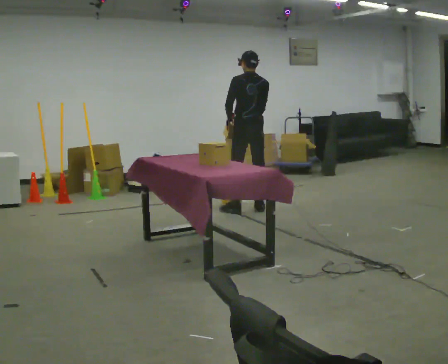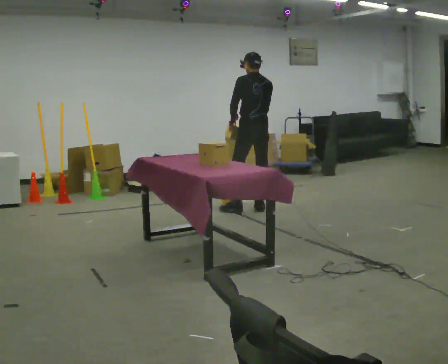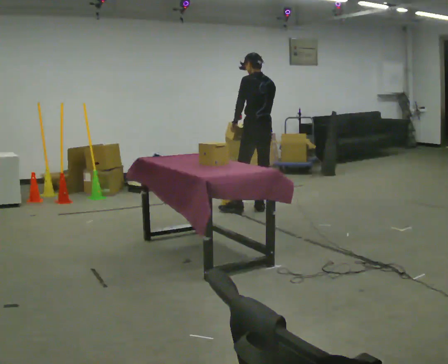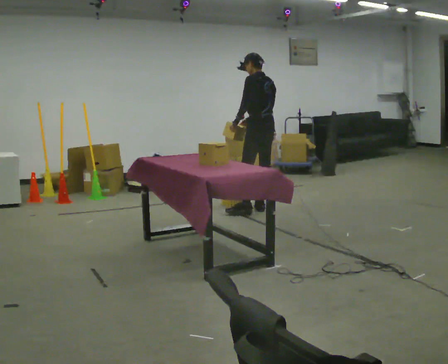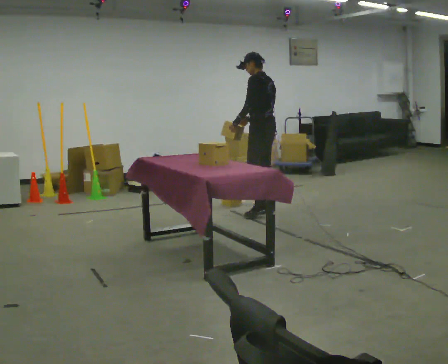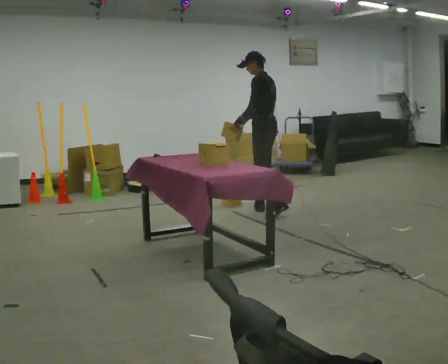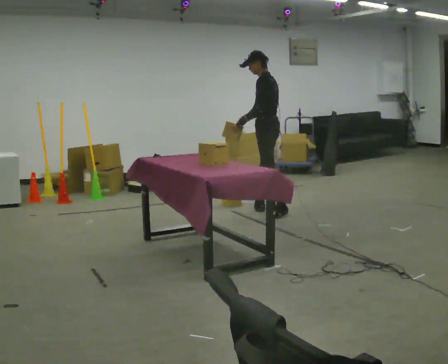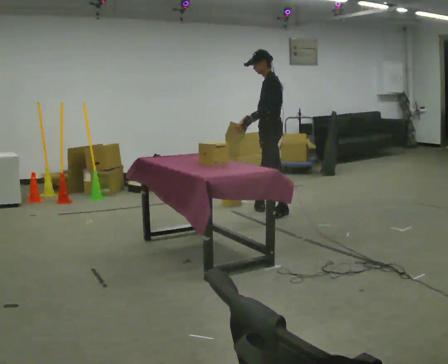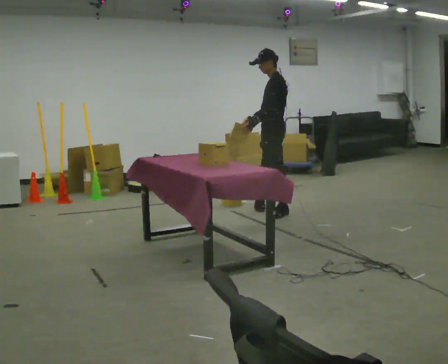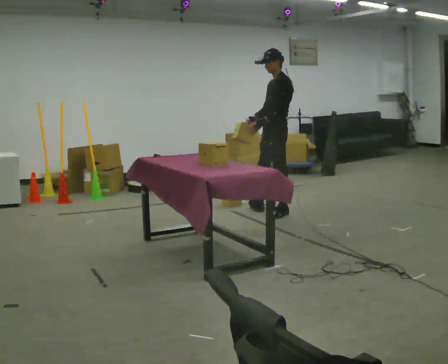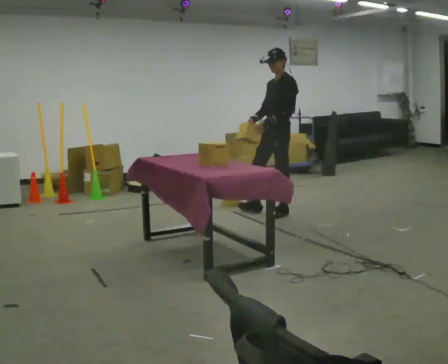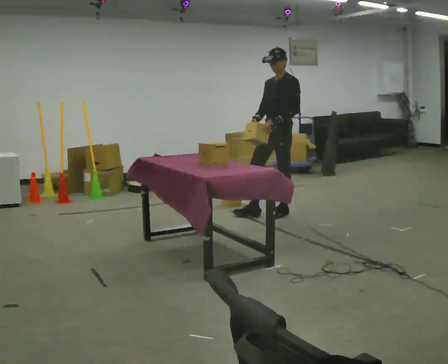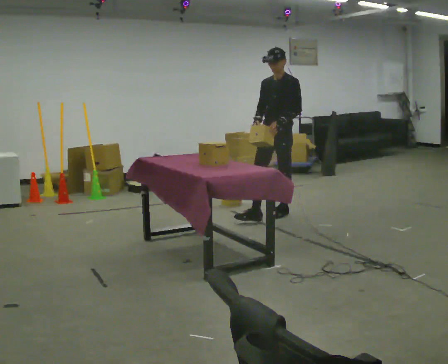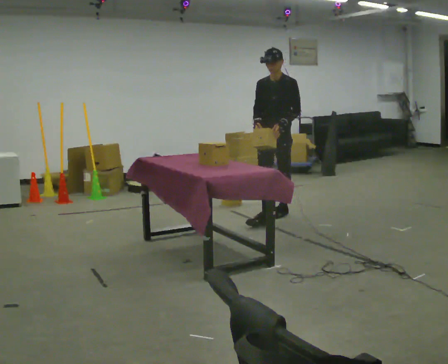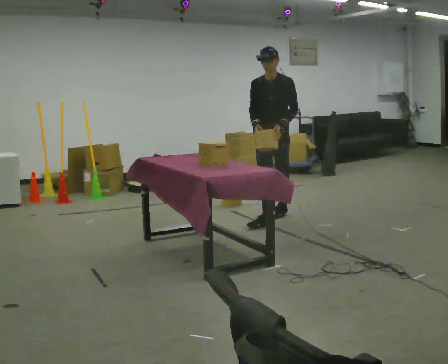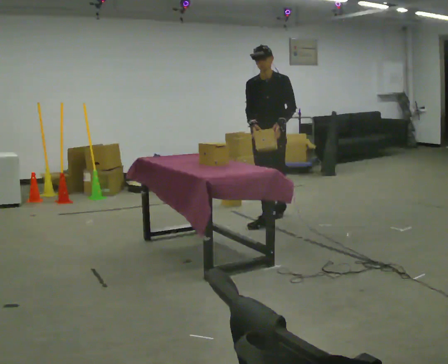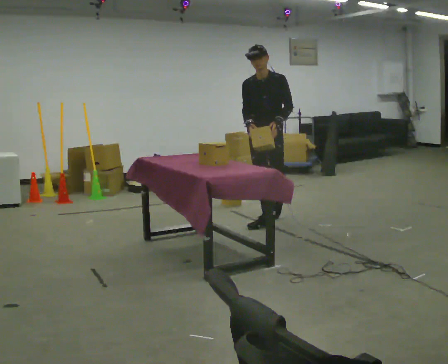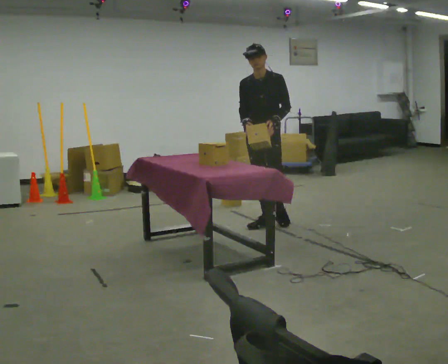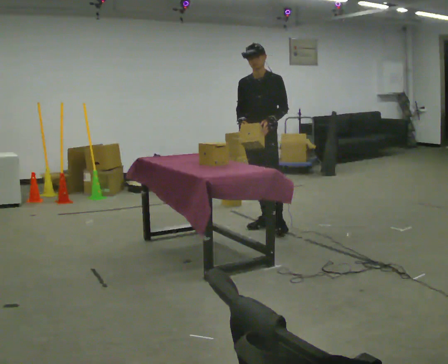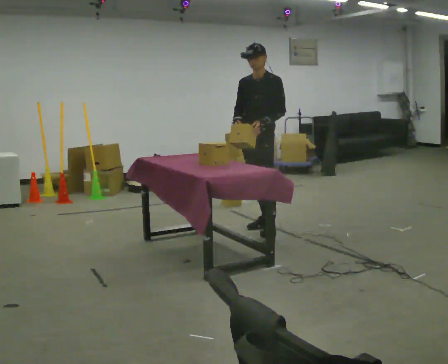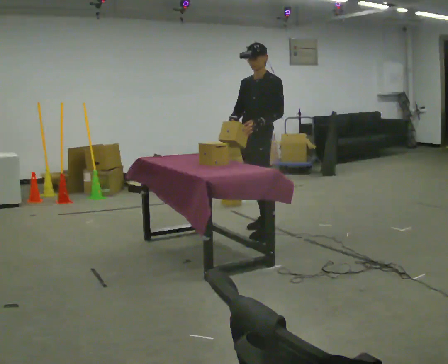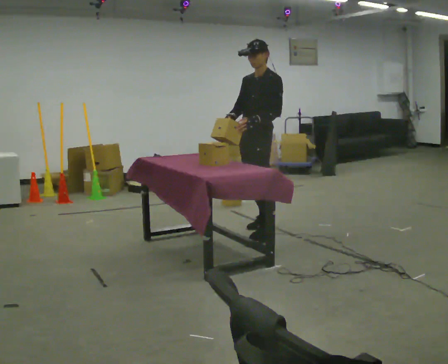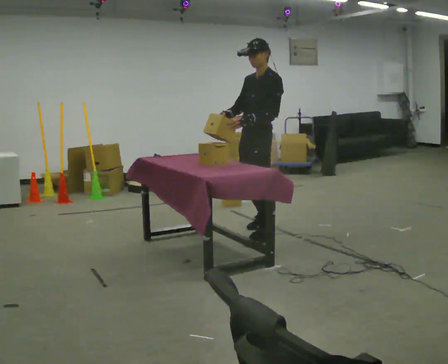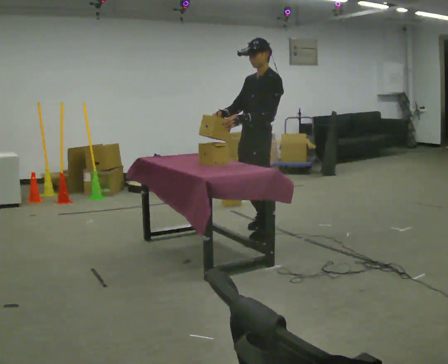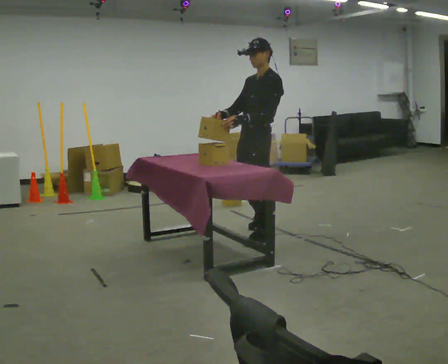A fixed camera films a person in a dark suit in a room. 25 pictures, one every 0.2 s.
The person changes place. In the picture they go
toward the camera.
0.0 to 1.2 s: The part of the body nearest the lens slides to the right as the person turns to their left by about 45 degrees. In the picture they go to the right, about 0.25 m in 1 step, which for them is backward.
1.2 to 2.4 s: The person turns about 75 degrees to their left, counterclockwise seen from above, so the part of the body nearest the lens slides to the right. In the picture they go toward the camera, about 0.25 m.
2.4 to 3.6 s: In the picture they go toward the camera and to the left, about 0.5 m in 1 step, which for them is forward.
3.6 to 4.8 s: The person turns about 30 degrees to their right, clockwise seen from above, so the part of the body nearest the lens slides to the left. In the picture they go toward the camera, about 0.5 m in 2 steps, which for them is to their left and forward.
The film runs forward here.
